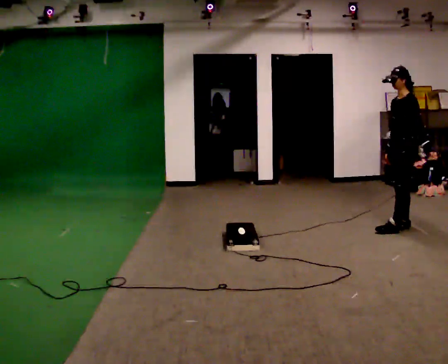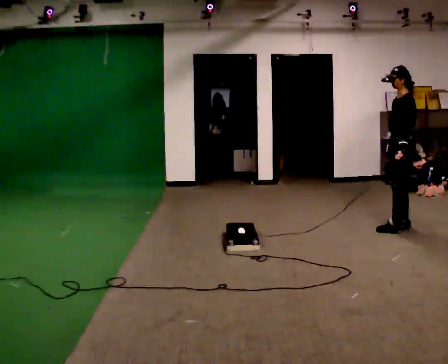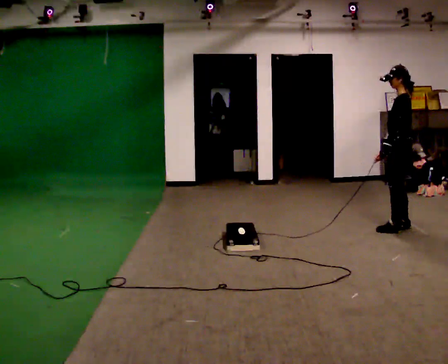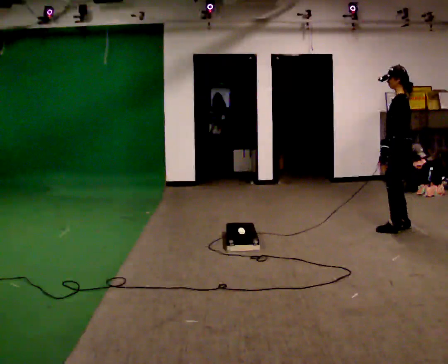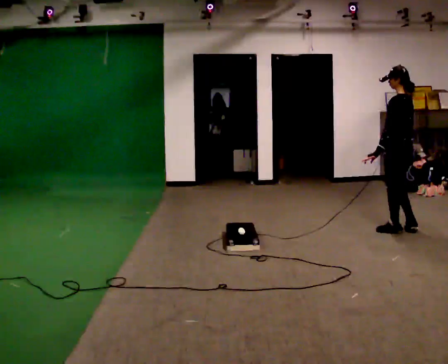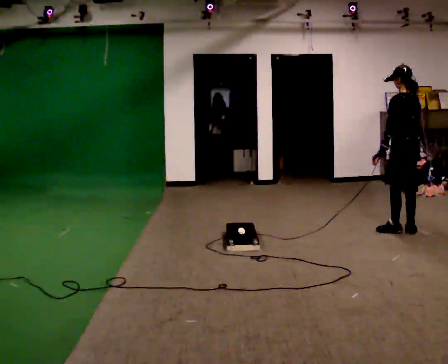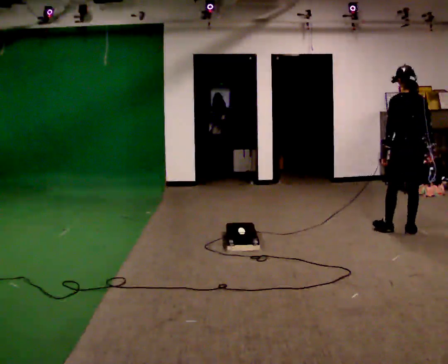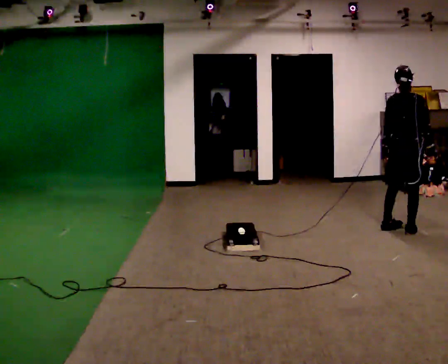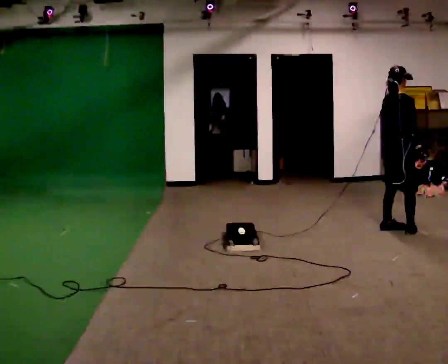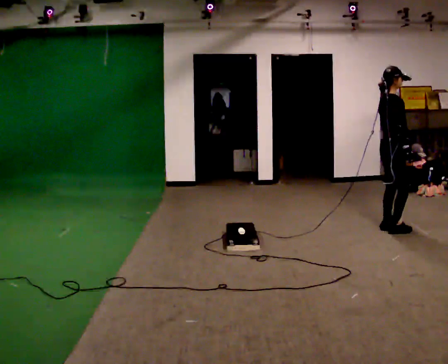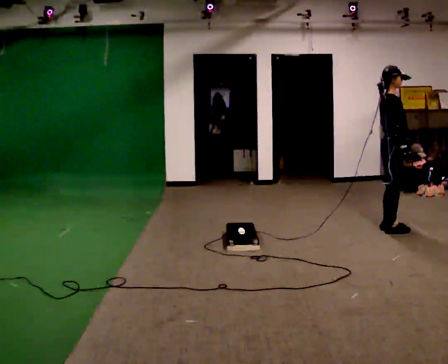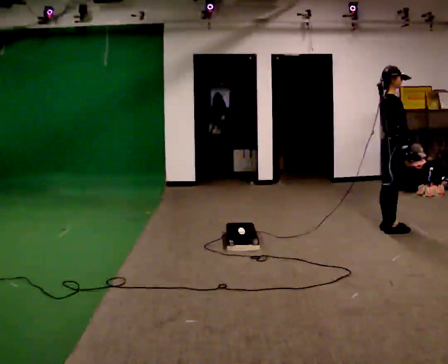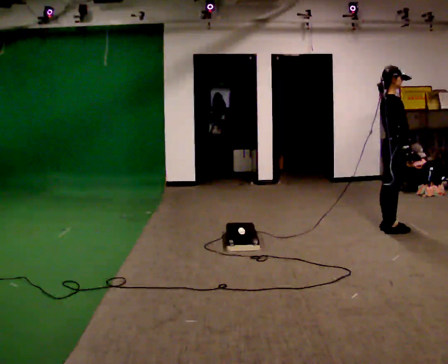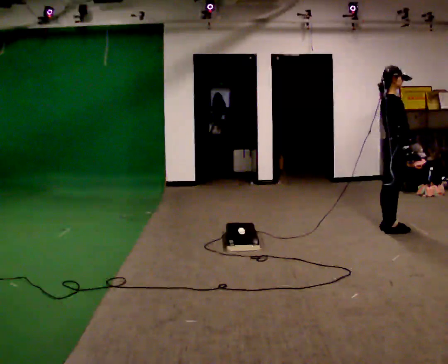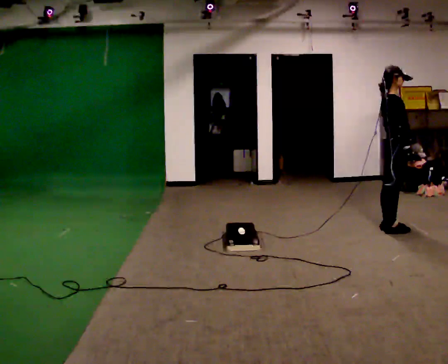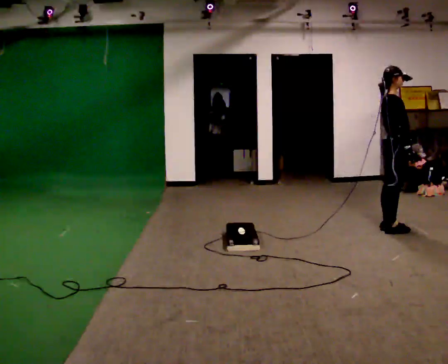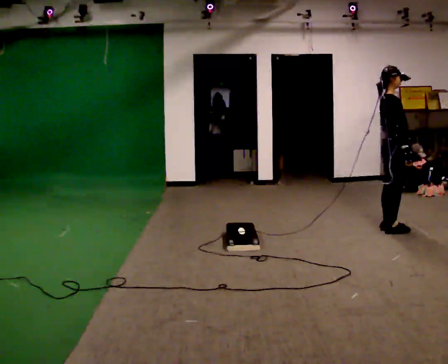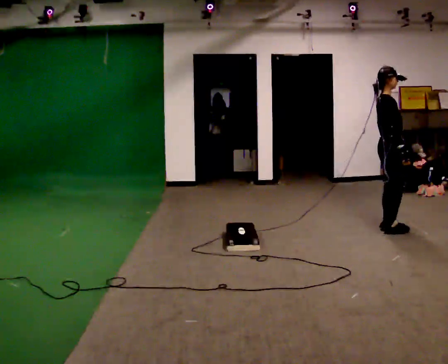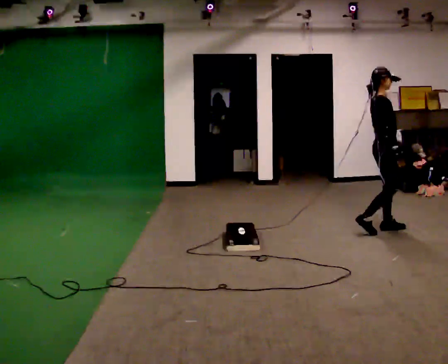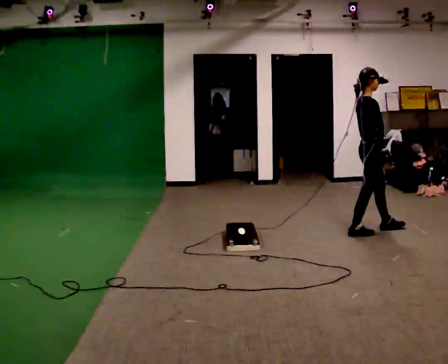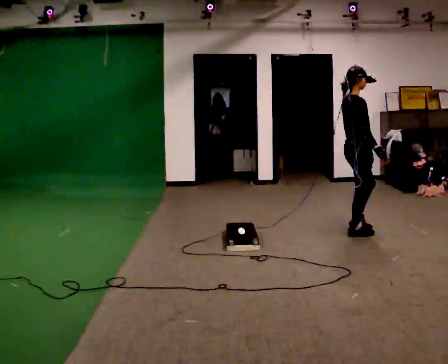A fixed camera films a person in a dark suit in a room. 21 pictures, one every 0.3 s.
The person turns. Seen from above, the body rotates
clockwise.
The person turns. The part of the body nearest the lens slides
to the left.
0.0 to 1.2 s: The part of the body nearest the lens slides to the left as the person turns to their right by about 60 degrees. In the picture they go toward the camera, about 0.25 m in 1 step, which for them is to their left. In the picture their left hand goes to the left, the arm swinging clockwise.
1.2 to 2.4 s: Seen from above the body turns clockwise, about 105 degrees: to their right, with its near side sliding to the left.
2.4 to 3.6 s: The person turns about 30 degrees to their right, clockwise seen from above, so the part of the body nearest the lens slides to the left.
3.6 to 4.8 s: The person moves a little, or ends about where they began.
4.8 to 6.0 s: In the picture they go to the left and toward the camera, about 0.5 m in 2 steps, which for them is backward.
The film runs backward here.
